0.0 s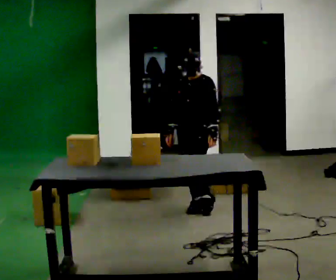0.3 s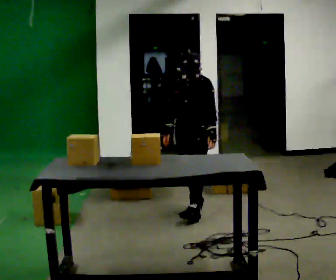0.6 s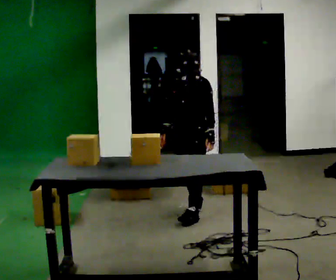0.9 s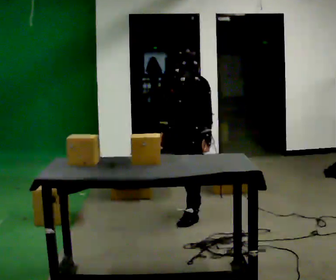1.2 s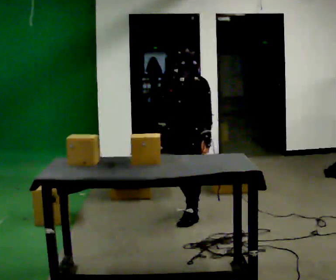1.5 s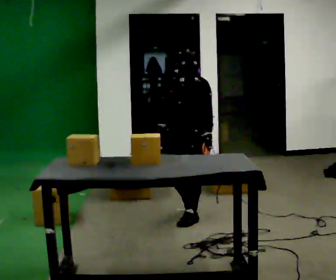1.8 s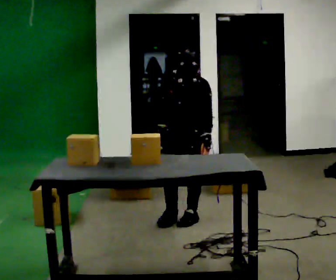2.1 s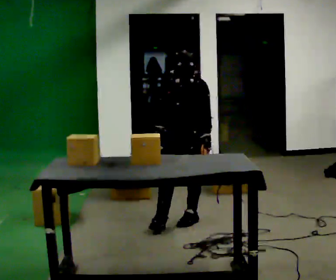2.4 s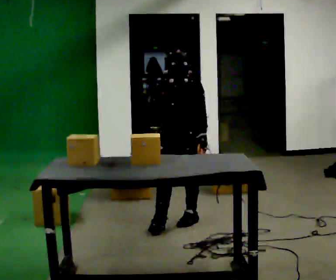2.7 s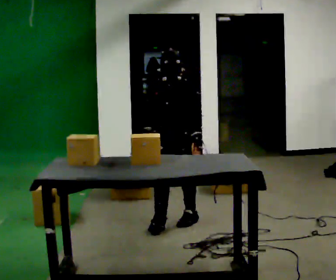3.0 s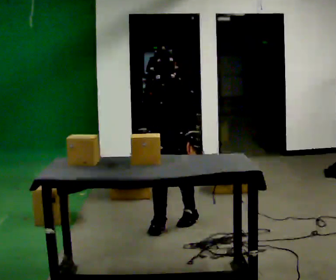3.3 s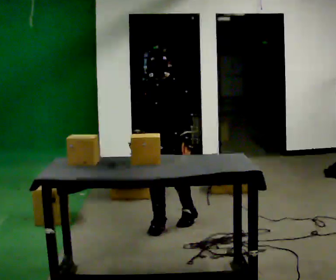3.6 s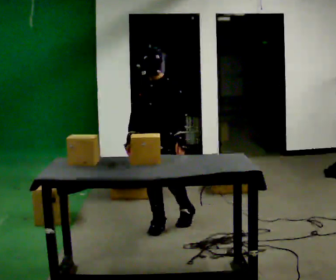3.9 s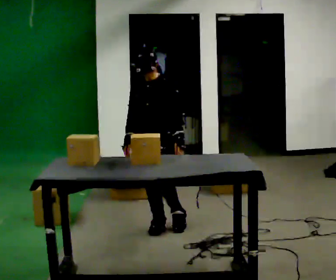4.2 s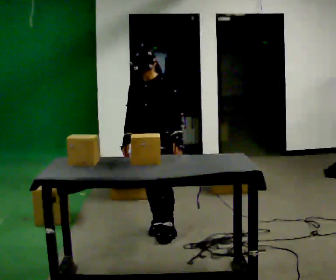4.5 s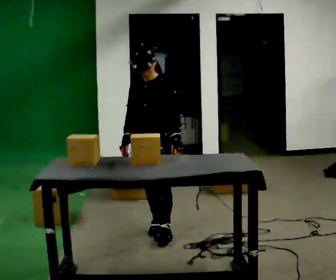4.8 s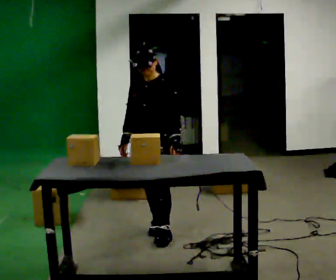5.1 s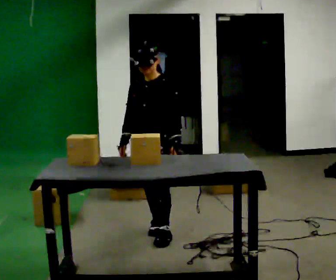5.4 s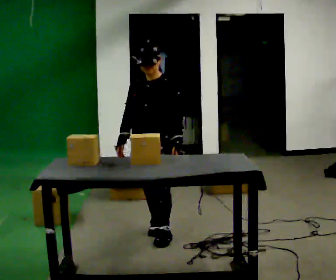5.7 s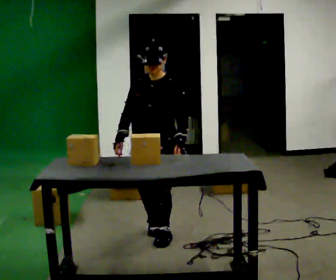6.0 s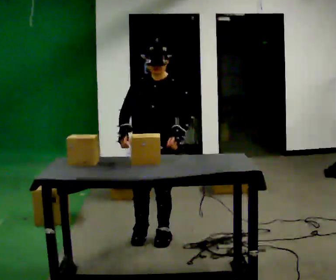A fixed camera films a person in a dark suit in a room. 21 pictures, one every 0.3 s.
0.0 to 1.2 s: In the picture they go toward the camera, about 0.25 m in 1 step, which for them is forward.
1.2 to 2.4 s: The person moves a little, or ends about where they began.
2.4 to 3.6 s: In the picture they go to the left, about 0.25 m, which for them is forward.
3.6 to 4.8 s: The person moves a little, or ends about where they began.
4.8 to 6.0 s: In the picture they go toward the camera, about 0.25 m, which for them is forward.
The film runs forward here.
